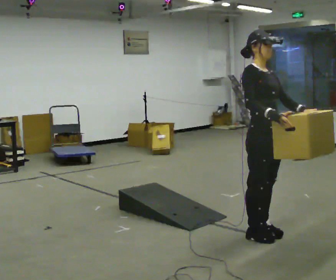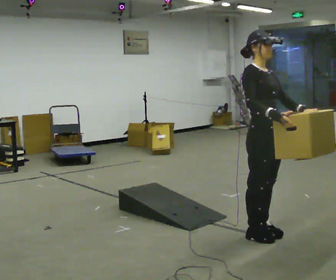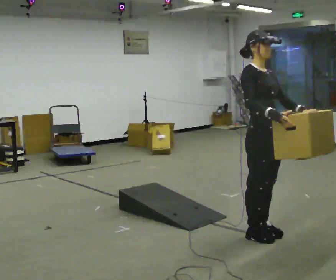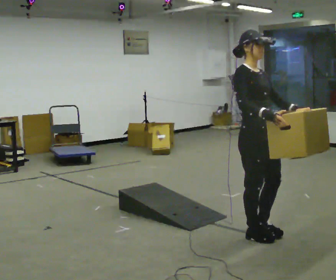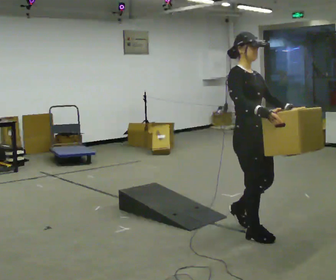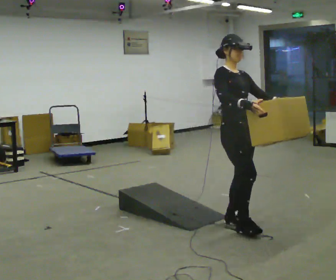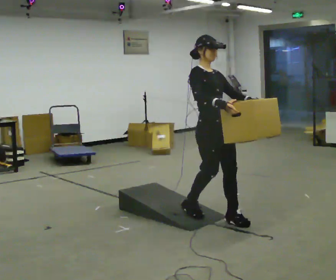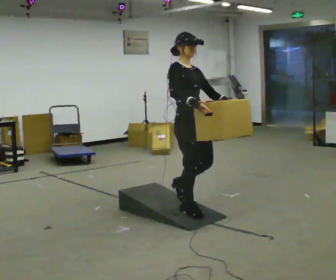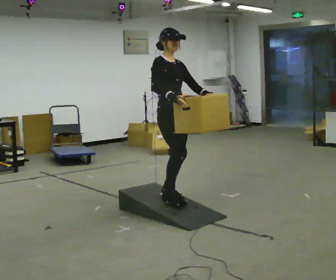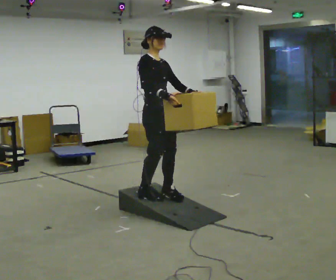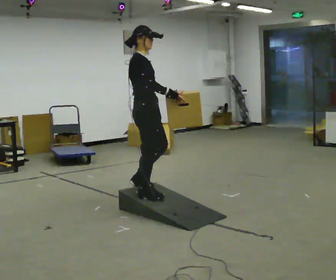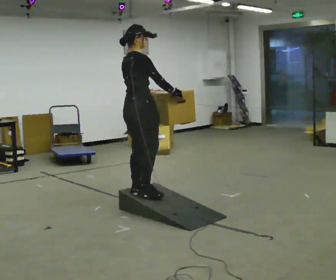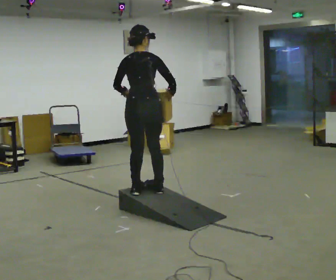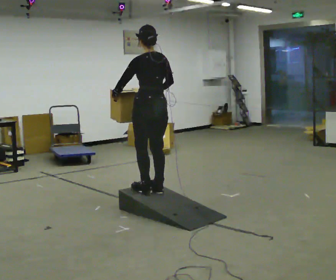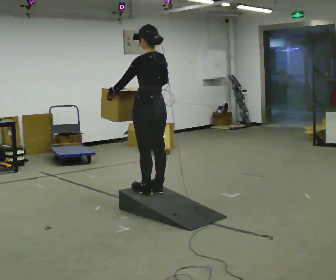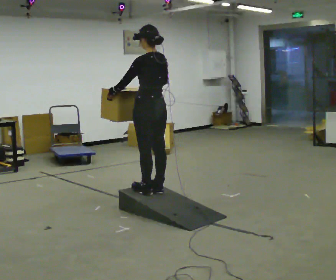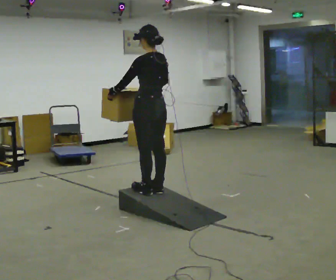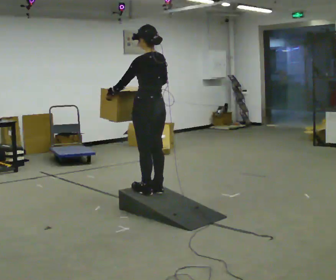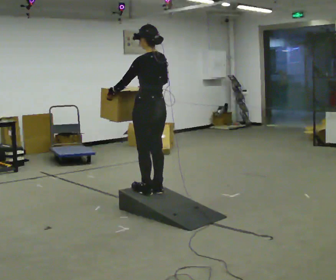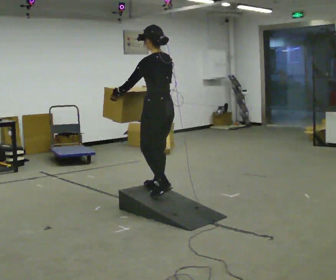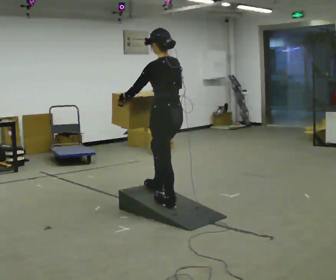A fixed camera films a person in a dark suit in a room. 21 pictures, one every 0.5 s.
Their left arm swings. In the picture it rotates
clockwise.
The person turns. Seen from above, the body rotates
counterclockwise.
0.0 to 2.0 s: The person moves a little, or ends about where they began.
2.0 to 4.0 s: In the picture they go away from the camera and to the left, about 1 m in 3 steps, which for them is backward.
4.0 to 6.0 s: Seen from above the body turns counterclockwise, about 120 degrees: to their left, with its near side sliding to the right. In the picture they go to the left and away from the camera, about 0.25 m in 2 steps.
6.0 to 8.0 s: The person turns about 60 degrees to their left, counterclockwise seen from above, so the part of the body nearest the lens slides to the right.
8.0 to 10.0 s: In the picture they go toward the camera, about 0.25 m in 1 step, which for them is backward.
The film runs backward here.
